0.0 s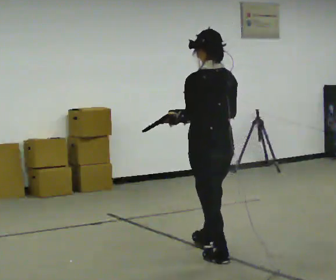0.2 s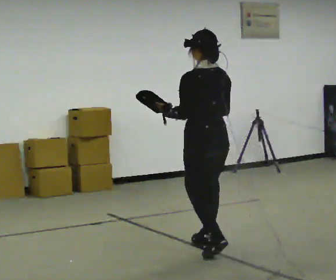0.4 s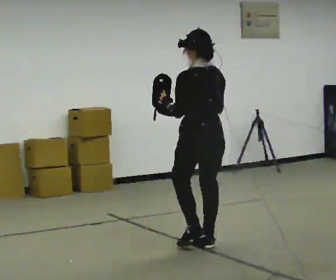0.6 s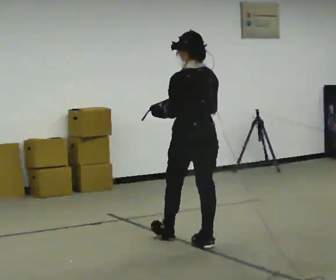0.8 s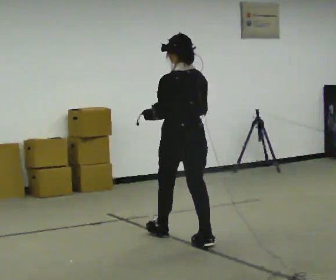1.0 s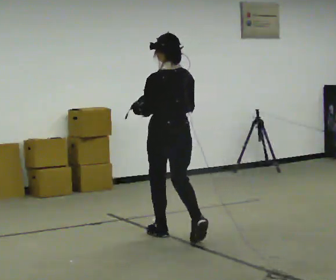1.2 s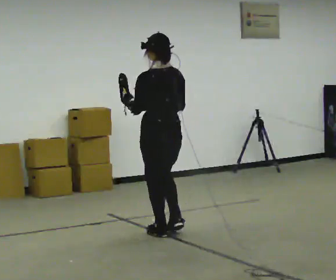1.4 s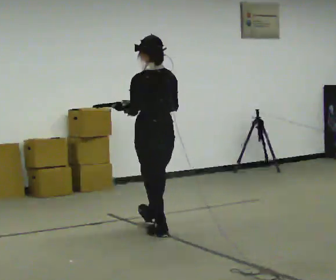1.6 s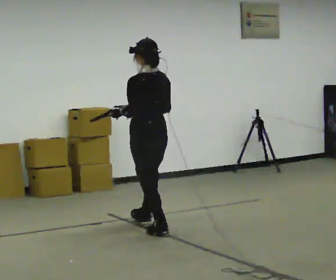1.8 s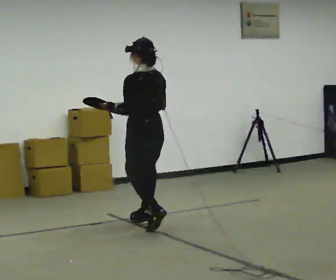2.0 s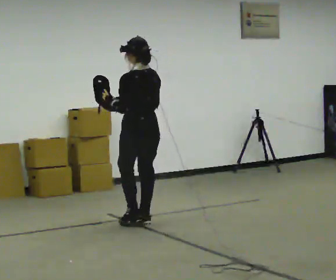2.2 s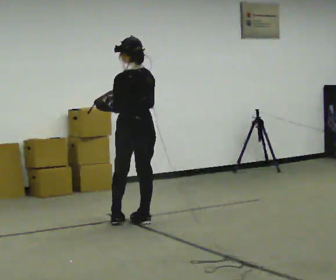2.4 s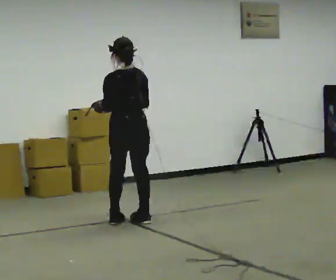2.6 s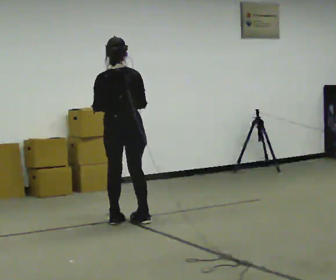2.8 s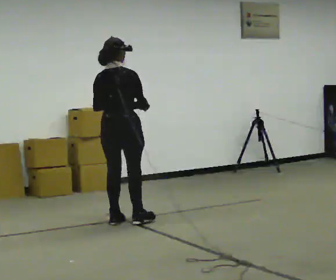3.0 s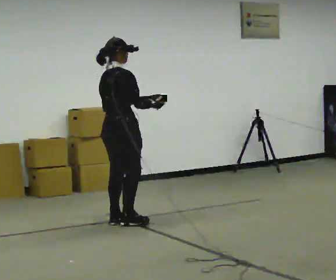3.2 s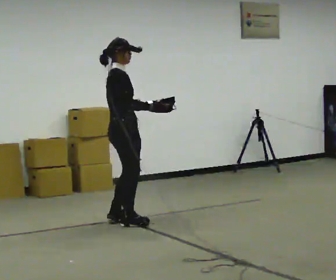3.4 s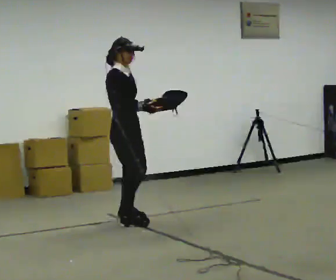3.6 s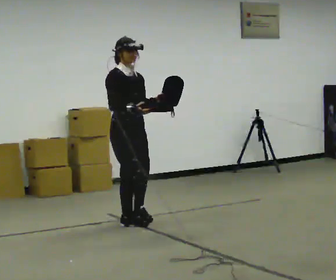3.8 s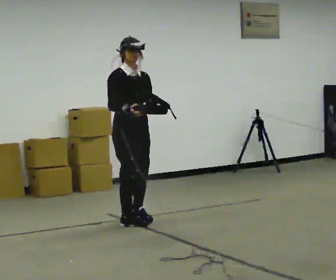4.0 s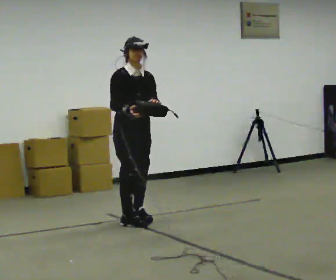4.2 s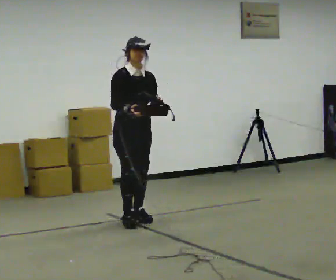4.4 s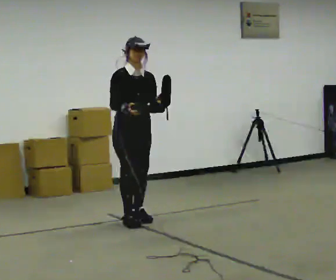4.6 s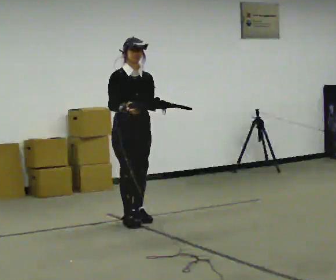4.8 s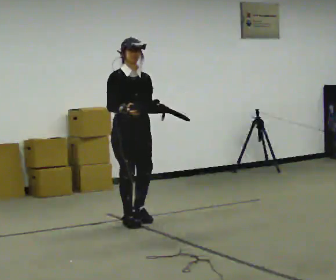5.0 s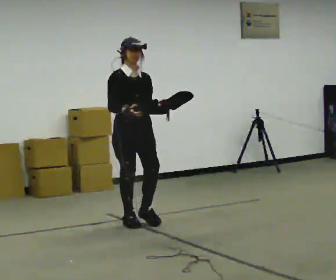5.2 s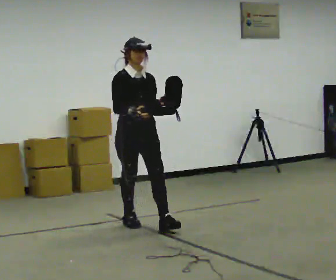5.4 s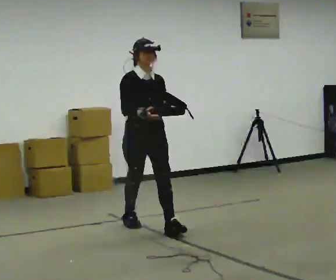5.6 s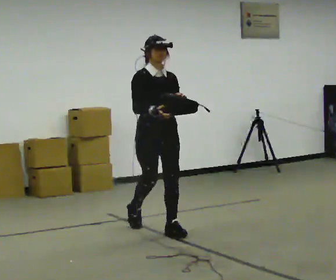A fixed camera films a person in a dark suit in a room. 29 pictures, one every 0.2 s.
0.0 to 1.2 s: In the picture they go away from the camera and to the left, about 1 m in 1 step, which for them is forward.
1.2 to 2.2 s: In the picture they go away from the camera, about 0.5 m in 1 step, which for them is forward.
2.2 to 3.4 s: Seen from above the body turns clockwise, about 135 degrees: to their right, with its near side sliding to the left.
3.4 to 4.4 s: The person turns about 45 degrees to their right, clockwise seen from above, so the part of the body nearest the lens slides to the left.
4.4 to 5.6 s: In the picture they go toward the camera and to the right, about 0.5 m in 1 step, which for them is forward.
The film runs forward here.
